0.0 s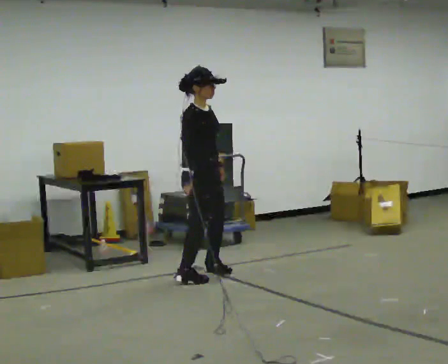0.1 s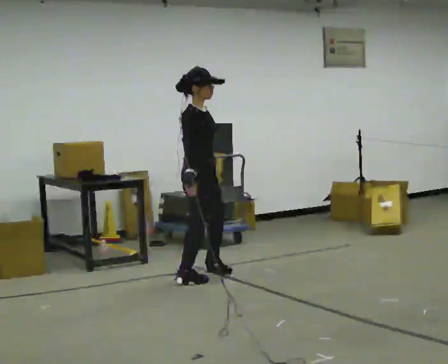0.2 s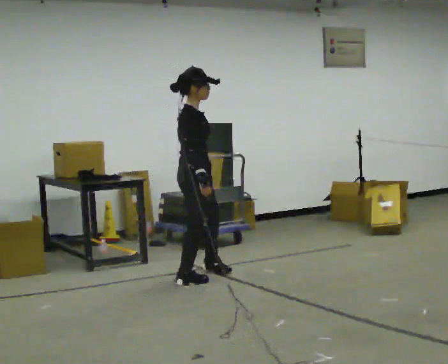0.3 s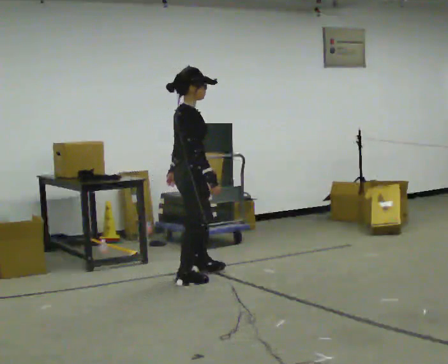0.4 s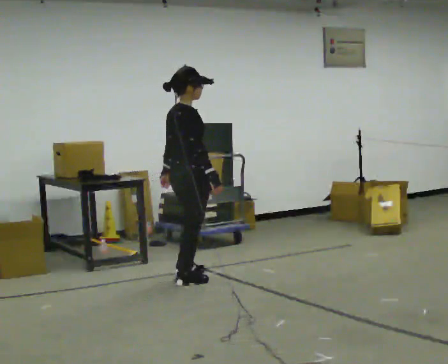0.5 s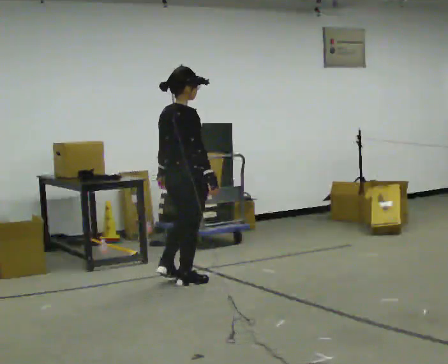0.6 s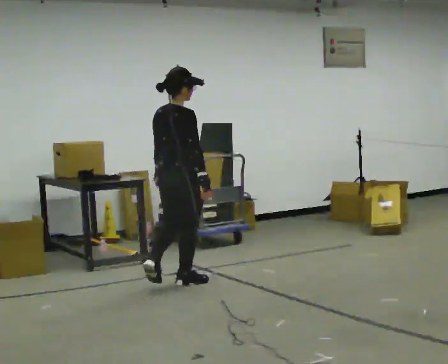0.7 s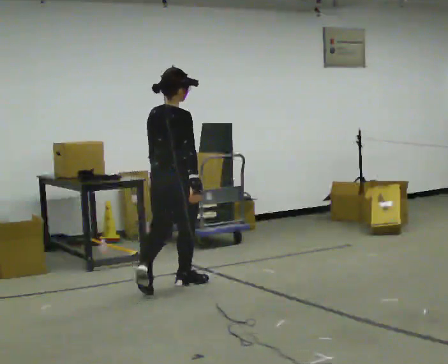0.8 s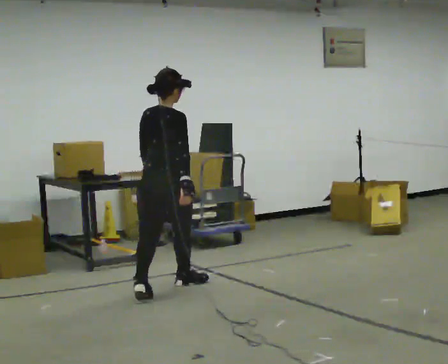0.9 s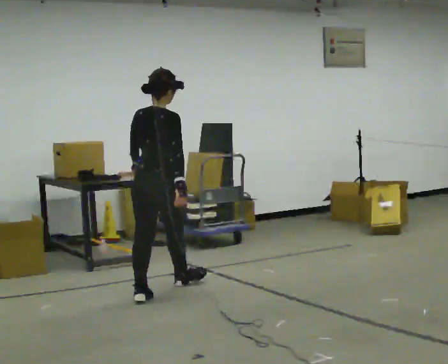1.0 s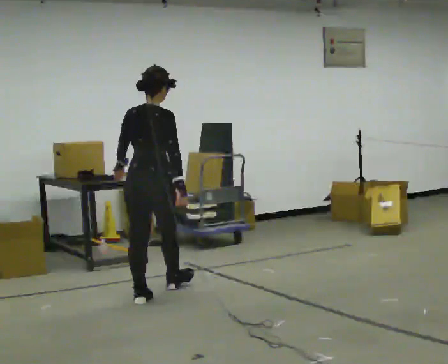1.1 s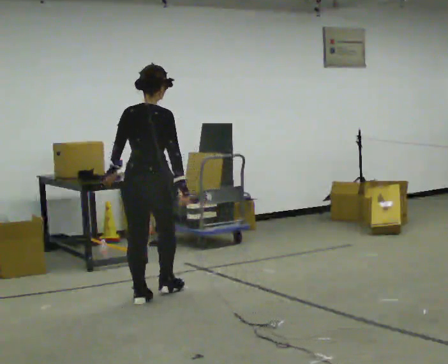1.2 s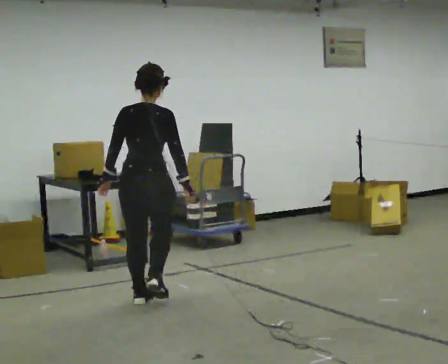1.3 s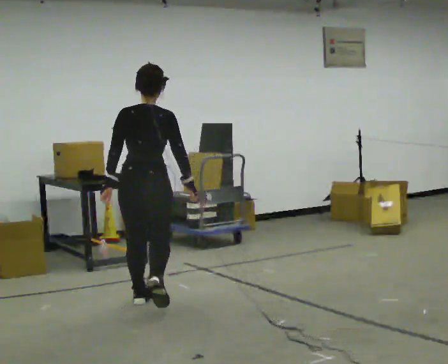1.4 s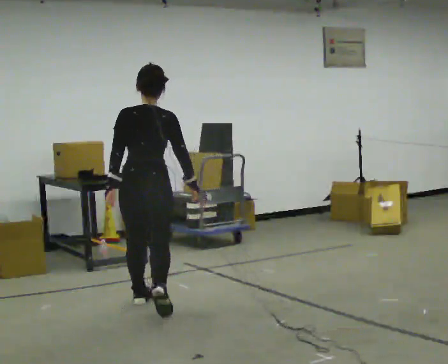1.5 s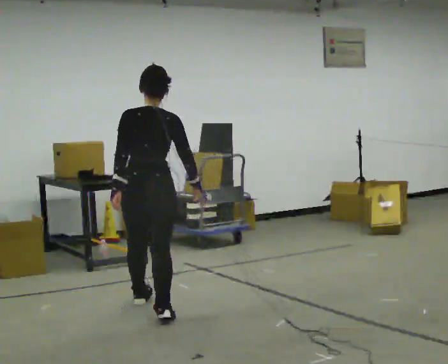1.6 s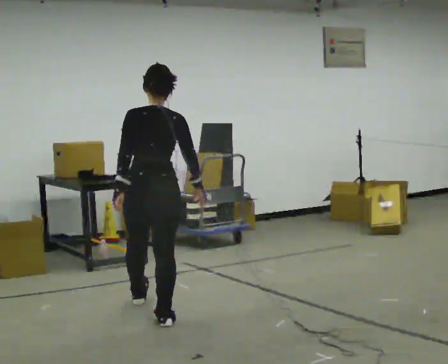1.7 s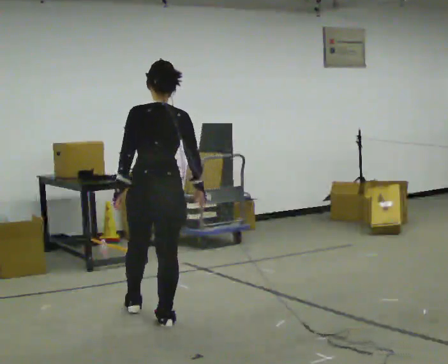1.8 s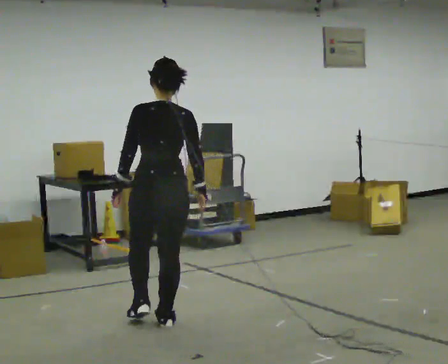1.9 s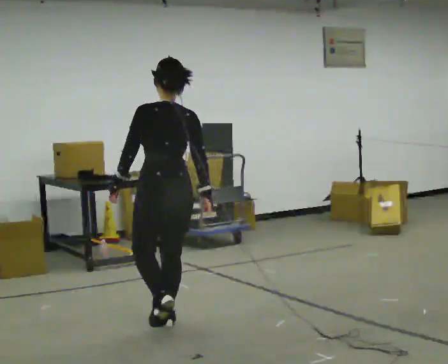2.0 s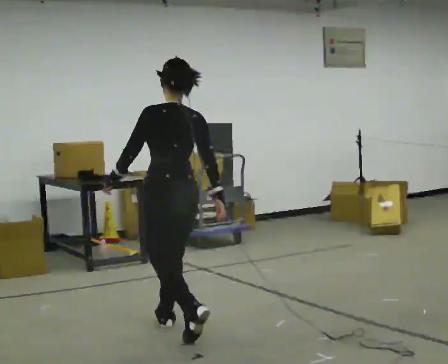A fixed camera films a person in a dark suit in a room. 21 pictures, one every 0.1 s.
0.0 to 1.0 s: Seen from above the body turns counterclockwise, about 90 degrees: to their left, with its near side sliding to the right. In the picture they go toward the camera and to the left, about 0.5 m in 2 steps.
1.0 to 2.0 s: Seen from above the body turns counterclockwise, about 45 degrees: to their left, with its near side sliding to the right. In the picture they go toward the camera, about 1 m in 1 step, which for them is backward.
The film runs backward here.
